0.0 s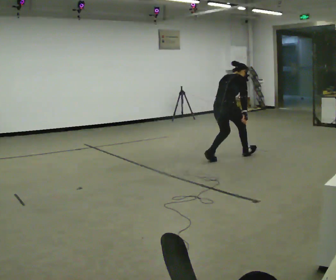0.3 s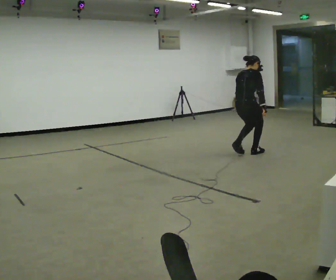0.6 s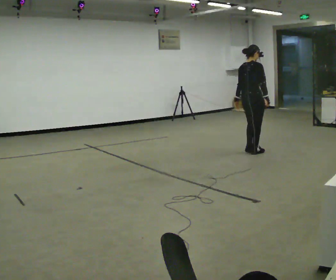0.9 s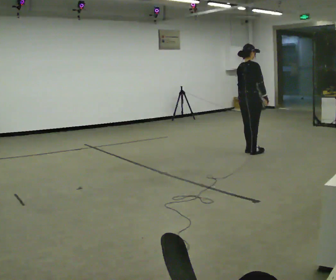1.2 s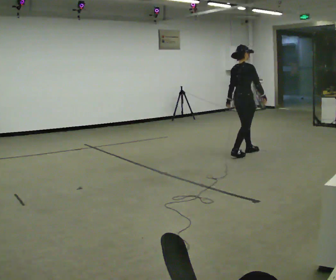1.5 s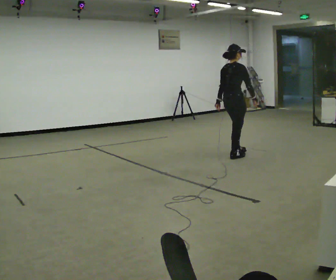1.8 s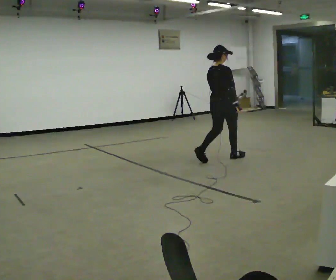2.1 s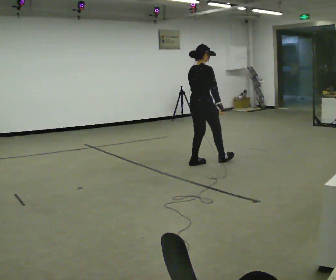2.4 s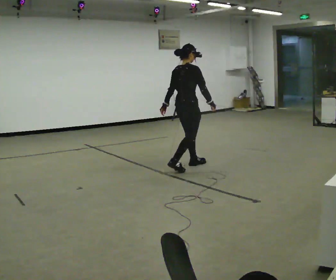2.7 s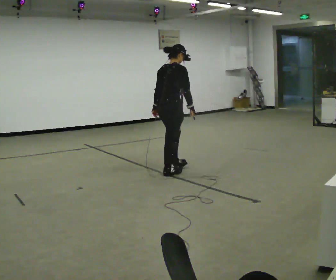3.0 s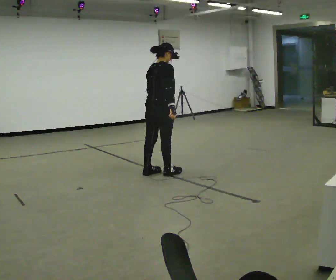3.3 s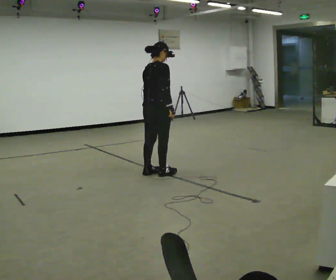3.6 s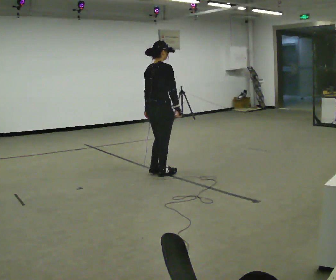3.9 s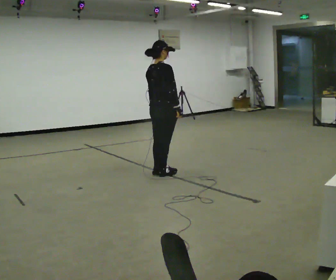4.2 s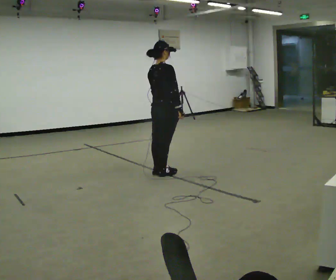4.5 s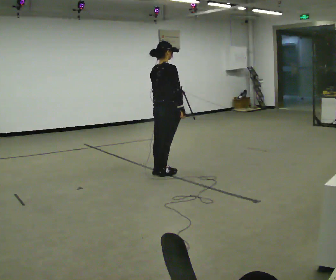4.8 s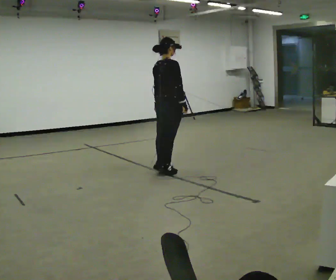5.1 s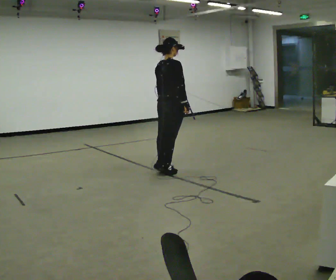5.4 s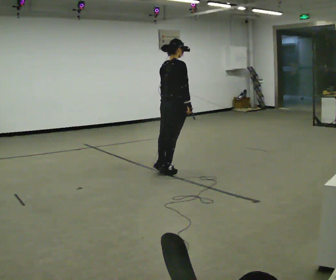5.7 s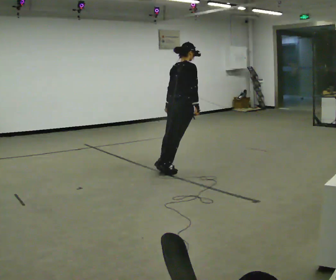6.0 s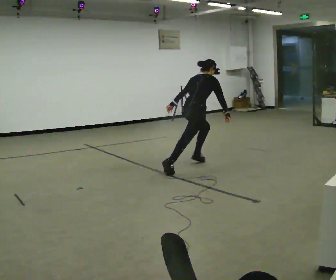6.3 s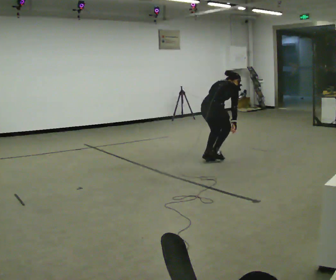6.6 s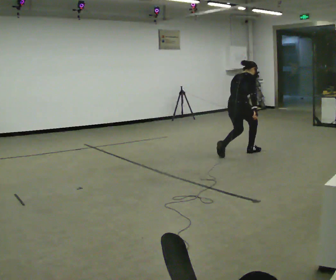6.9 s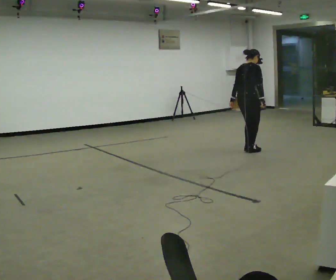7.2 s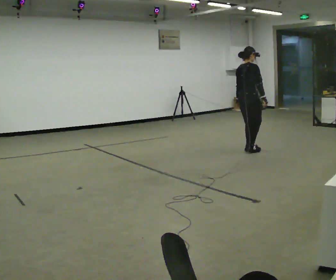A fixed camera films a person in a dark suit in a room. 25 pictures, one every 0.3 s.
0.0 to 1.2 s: In the picture they go to the right and away from the camera, about 0.25 m in 3 steps, which for them is forward. In the picture the upper body tilts counterclockwise, shoulders to the left, as they lean back or straighten.
1.2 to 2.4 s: In the picture they go to the left and toward the camera, about 1 m in 1 step, which for them is backward.
2.4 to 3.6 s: In the picture they go to the left and toward the camera, about 0.5 m in 2 steps, which for them is backward.
3.6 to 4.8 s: The person moves a little, or ends about where they began.
4.8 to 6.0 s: In the picture they go to the right and away from the camera, about 0.5 m, which for them is forward. The upper body goes downward. In the picture the upper body tilts clockwise, shoulders to the right, as they bend forward.
6.0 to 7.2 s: In the picture they go to the right and away from the camera, about 1 m in 3 steps, which for them is forward.
The film runs forward here.
